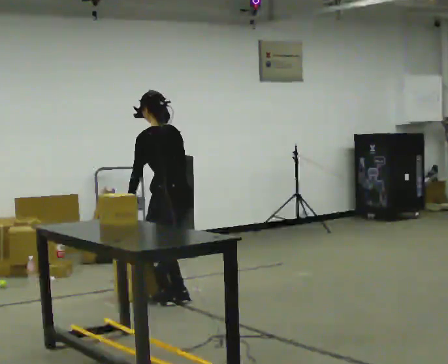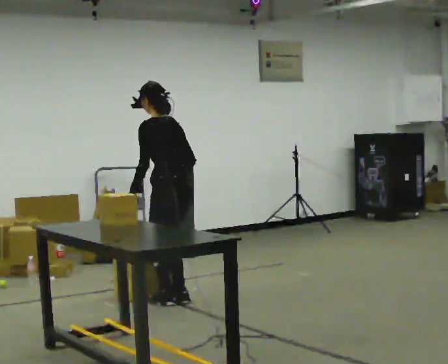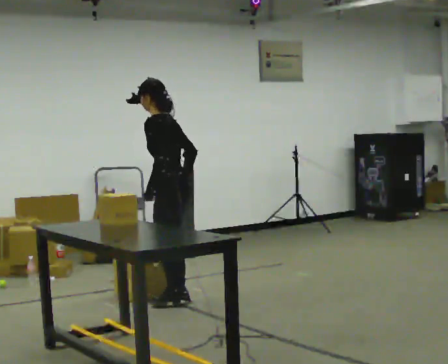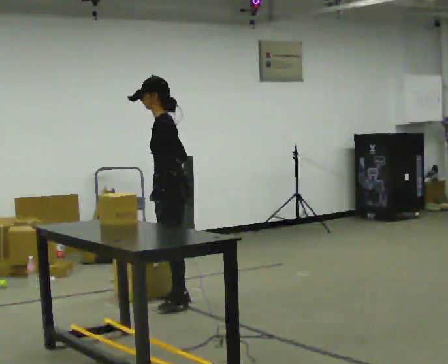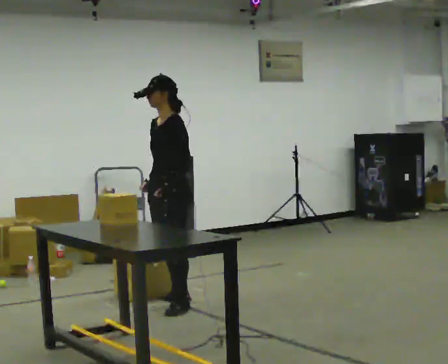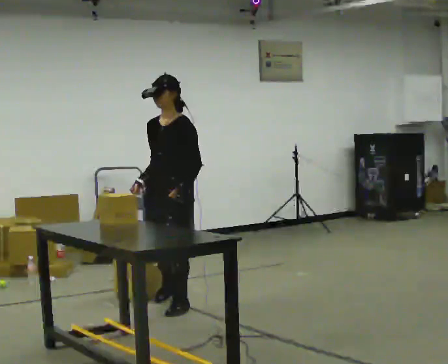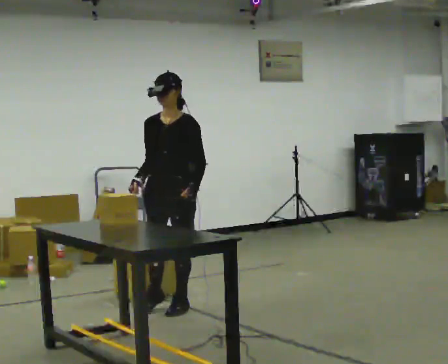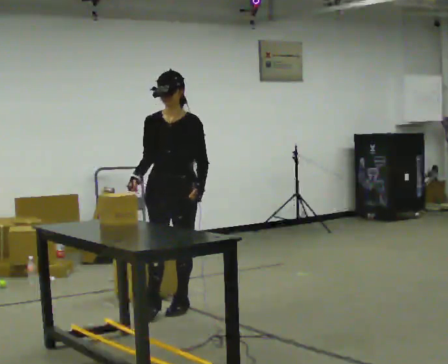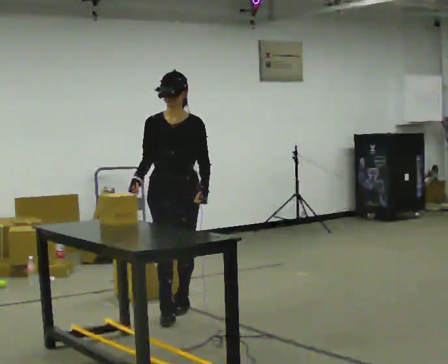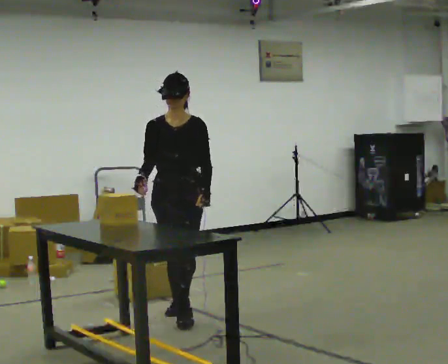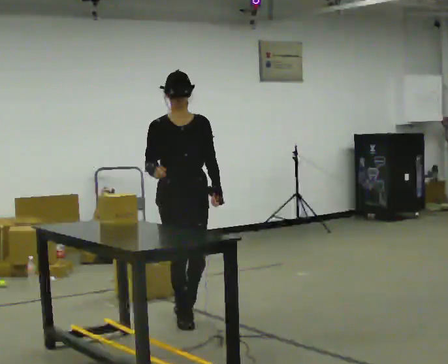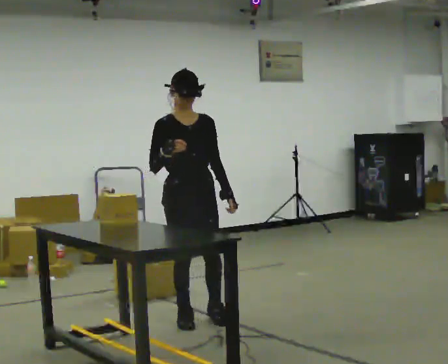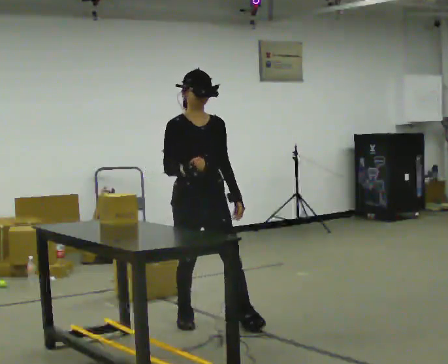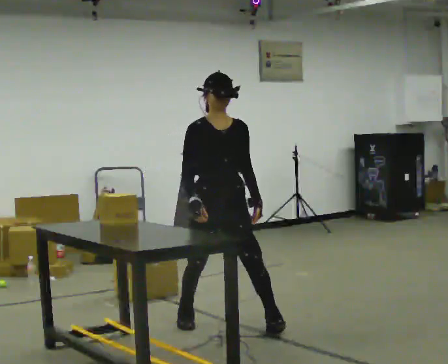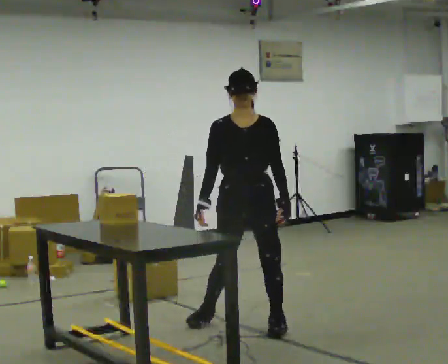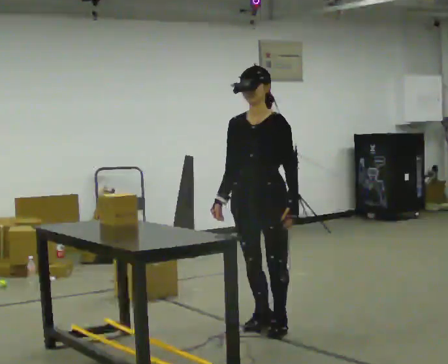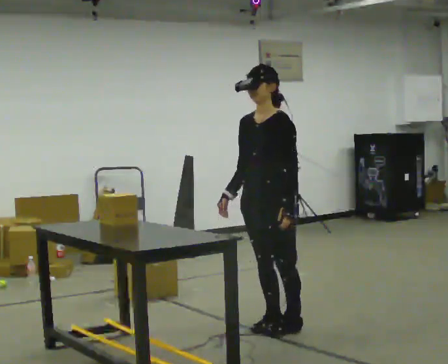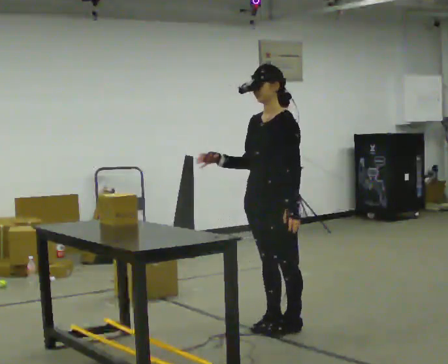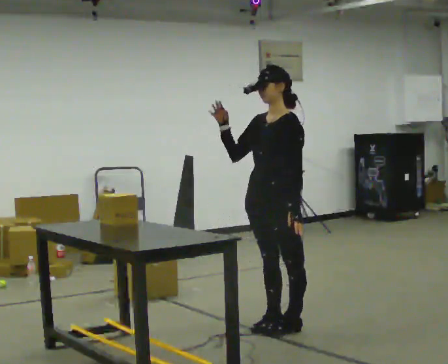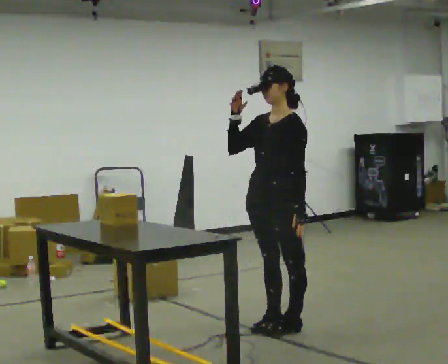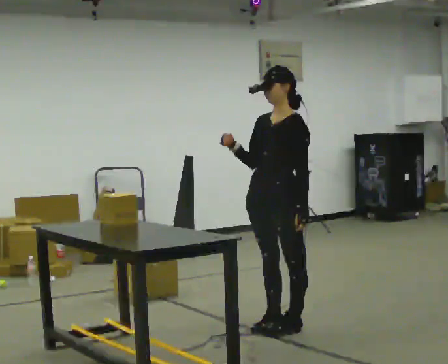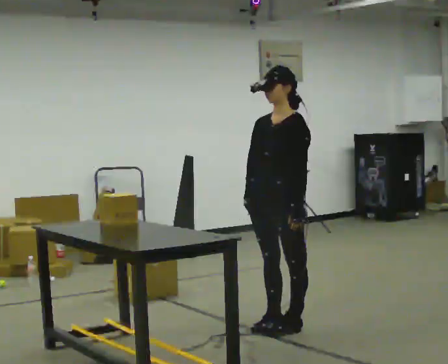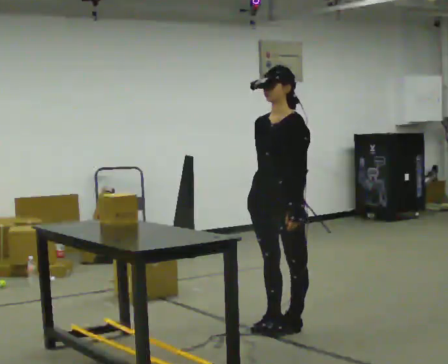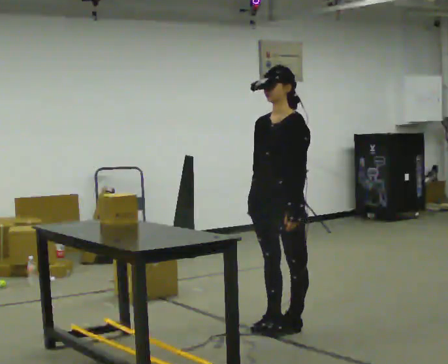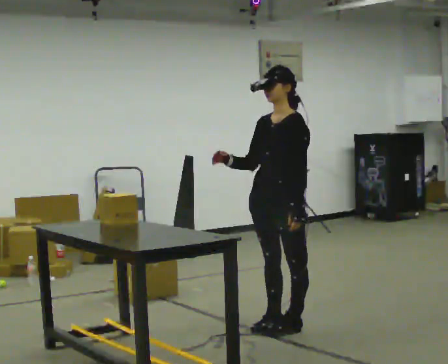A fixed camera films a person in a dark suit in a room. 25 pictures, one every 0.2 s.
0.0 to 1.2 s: The part of the body nearest the lens slides to the right as the person turns to their left by about 120 degrees. In the picture they go toward the camera, about 0.25 m.
1.2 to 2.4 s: The person turns about 45 degrees to their left, counterclockwise seen from above, so the part of the body nearest the lens slides to the right. In the picture they go toward the camera and to the right, about 0.5 m in 1 step, which for them is forward and to their left.
2.4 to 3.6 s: The part of the body nearest the lens slides to the left as the person turns to their right by about 75 degrees. In the picture they go to the right, about 0.5 m in 2 steps. In the picture their right hand goes upward.
3.6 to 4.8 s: The person moves a little, or ends about where they began.
The film runs forward here.
